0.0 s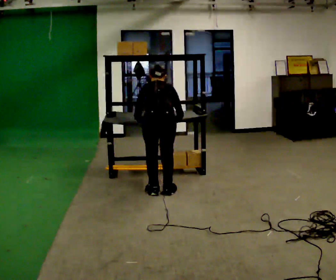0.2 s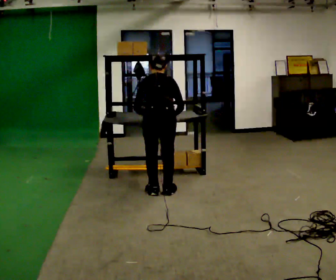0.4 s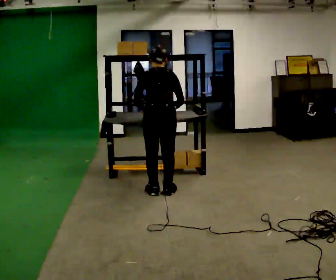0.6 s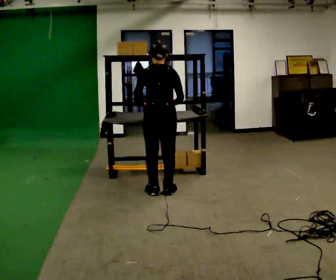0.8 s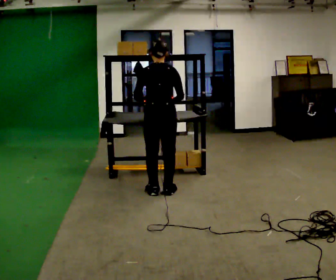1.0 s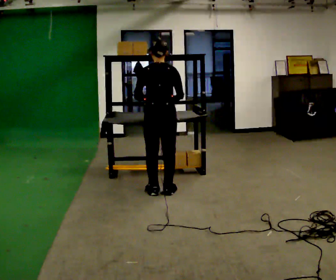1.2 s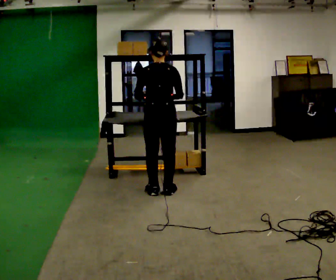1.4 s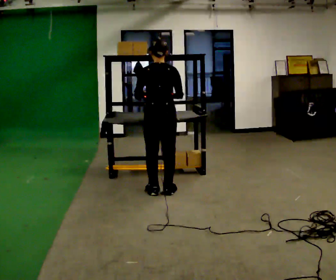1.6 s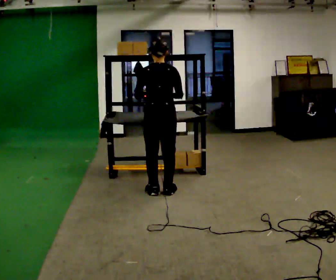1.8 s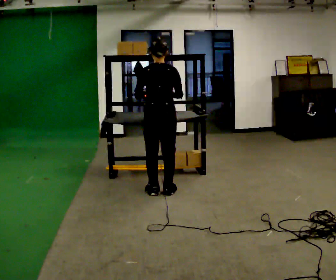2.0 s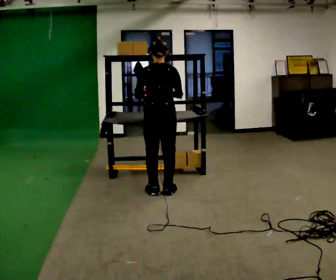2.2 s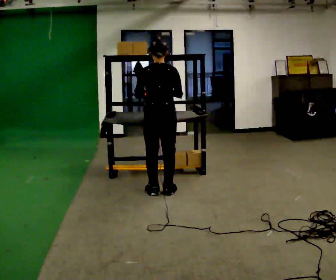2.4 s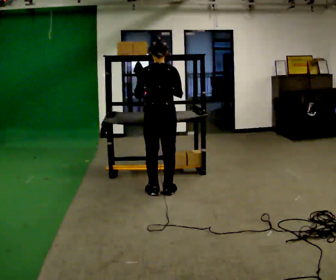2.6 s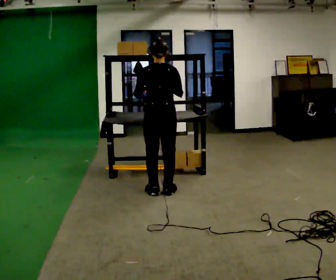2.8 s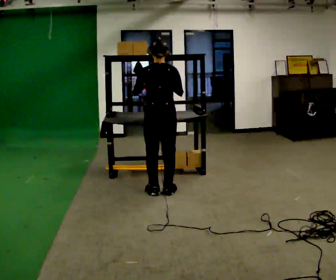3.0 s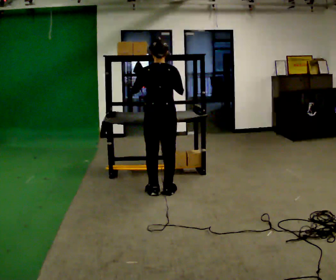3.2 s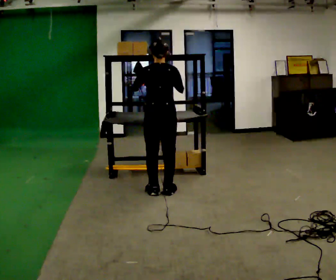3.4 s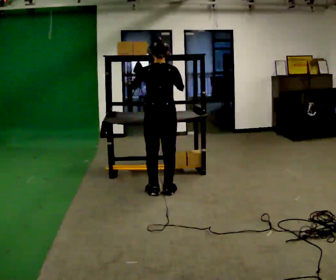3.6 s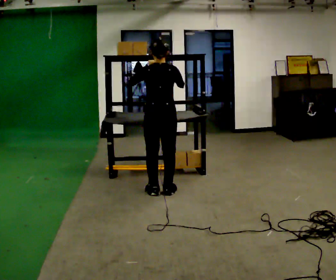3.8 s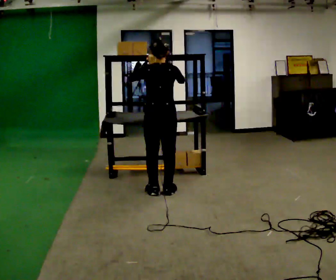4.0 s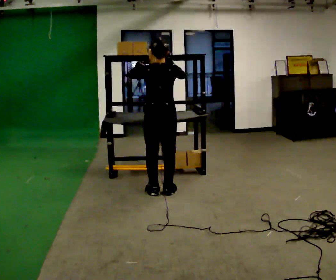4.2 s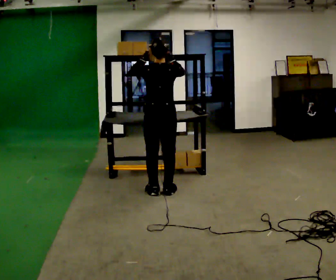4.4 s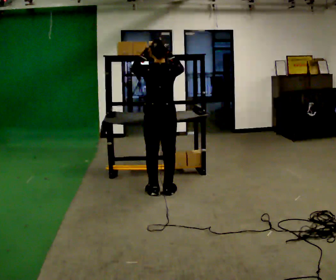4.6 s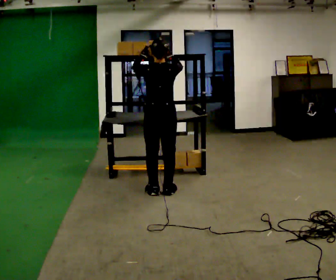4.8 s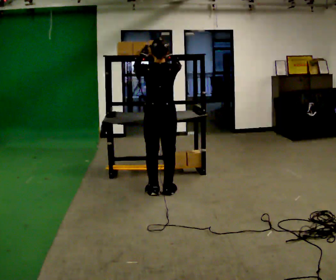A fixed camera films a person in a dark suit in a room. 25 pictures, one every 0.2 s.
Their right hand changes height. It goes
upward.
The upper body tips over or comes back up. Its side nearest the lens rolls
downward.
0.0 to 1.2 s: The upper body goes upward. The upper body tips toward the camera, its near side rolling downward, as they lean back or straighten.
1.2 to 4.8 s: In the picture their right hand goes upward.
The film runs backward here.
